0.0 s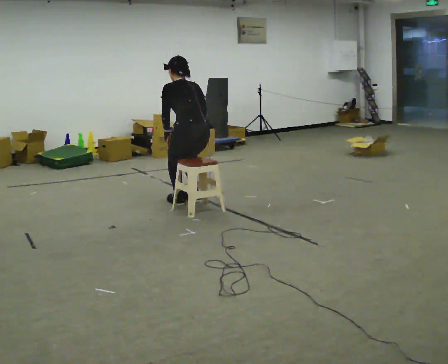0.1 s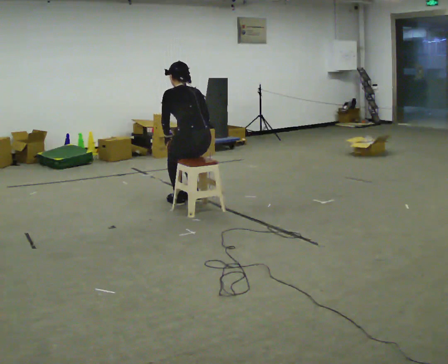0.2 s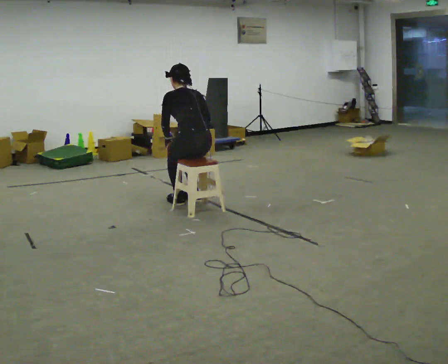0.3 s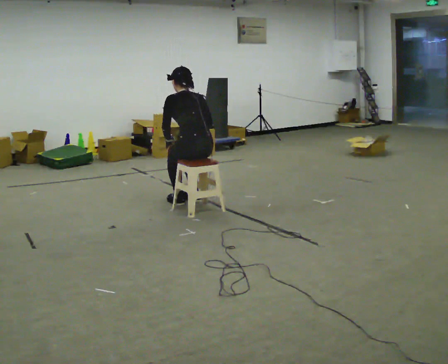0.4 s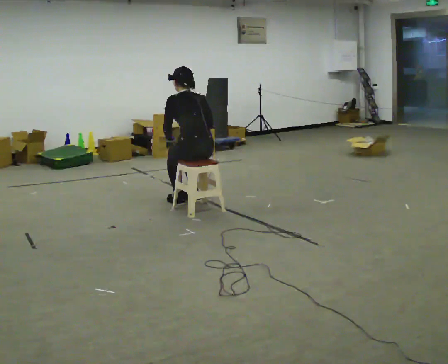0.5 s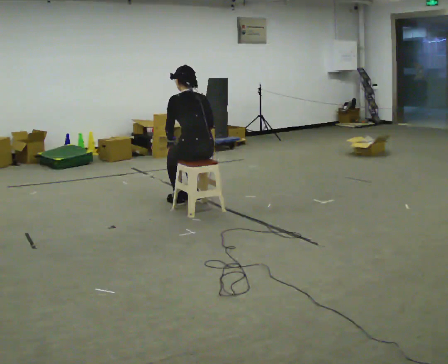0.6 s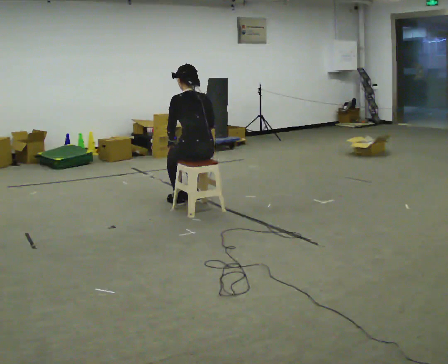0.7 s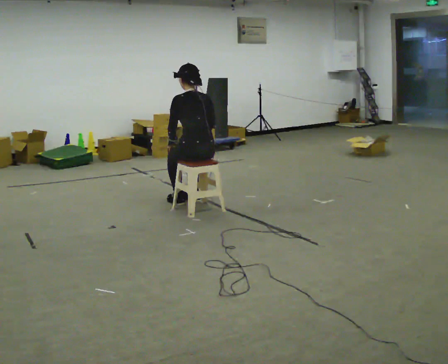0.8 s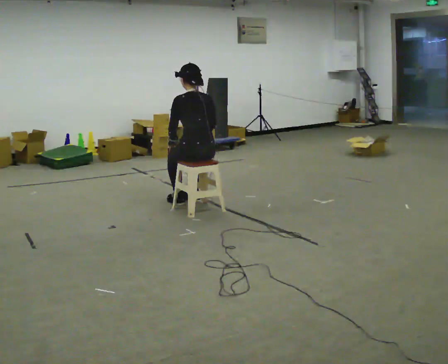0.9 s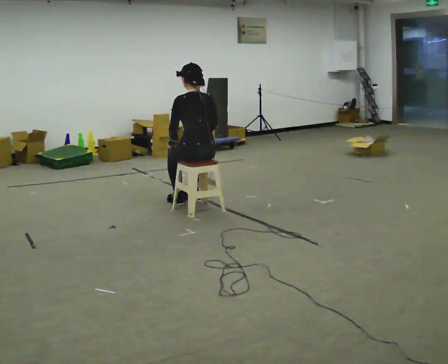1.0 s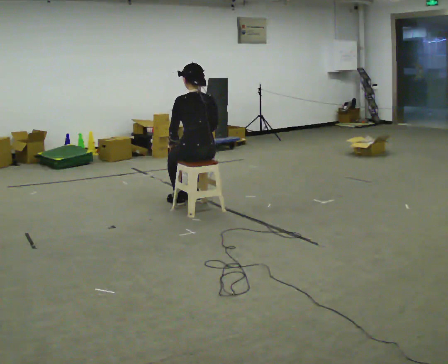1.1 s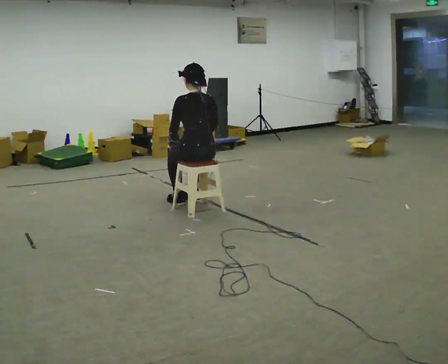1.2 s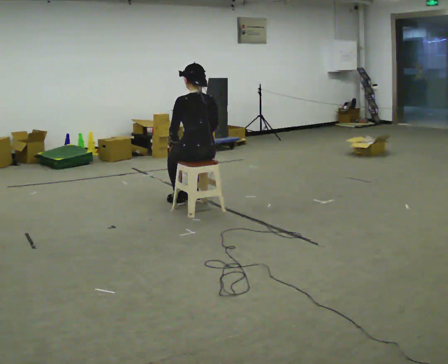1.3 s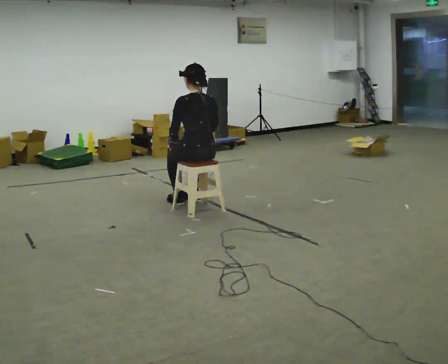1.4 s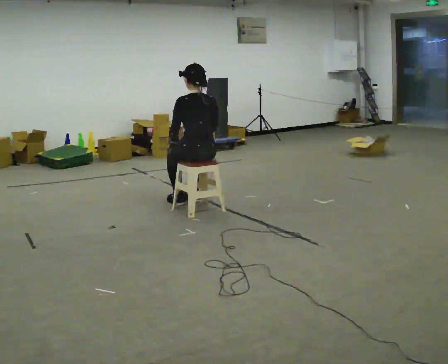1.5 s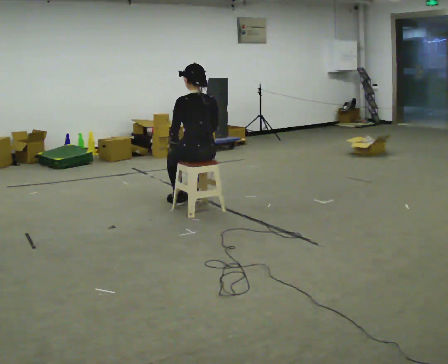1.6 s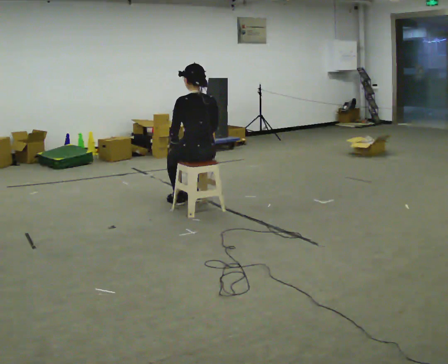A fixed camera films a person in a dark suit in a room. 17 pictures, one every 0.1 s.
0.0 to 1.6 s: The upper body tips toward the camera, its near side rolling downward, as they lean back or straighten.
The film runs forward here.
